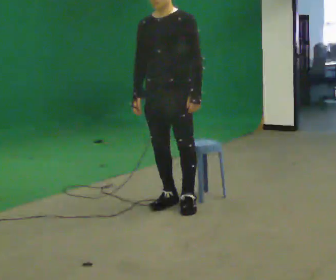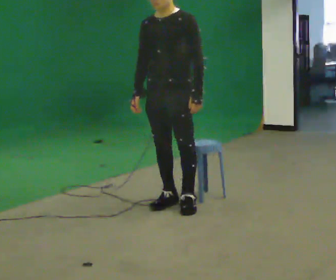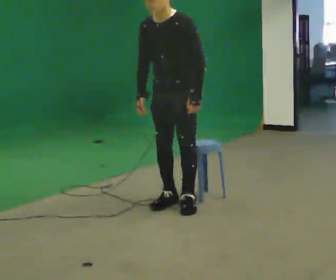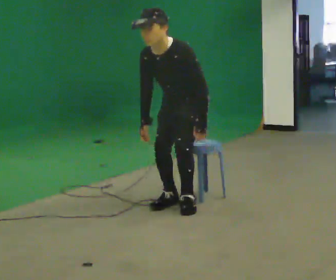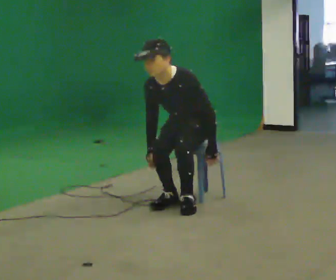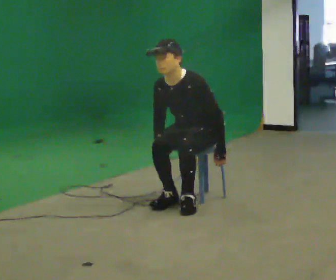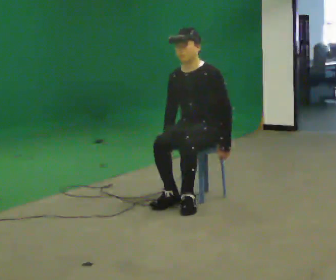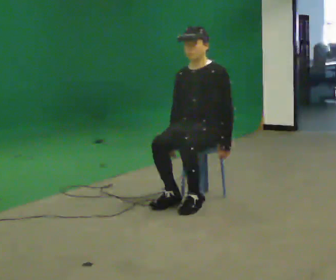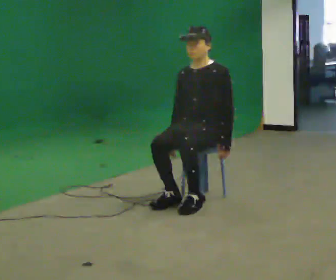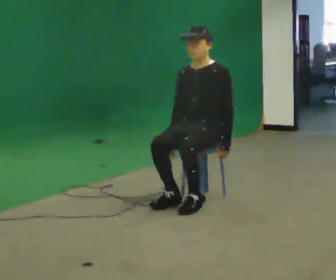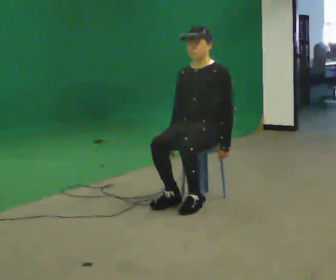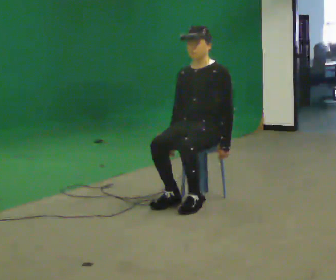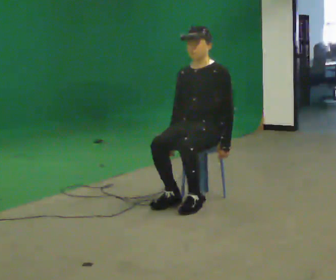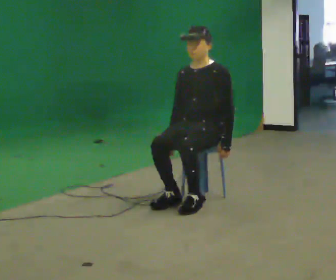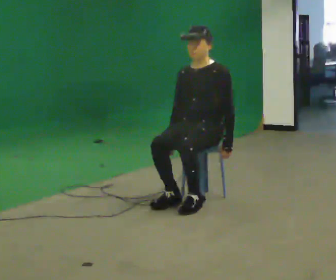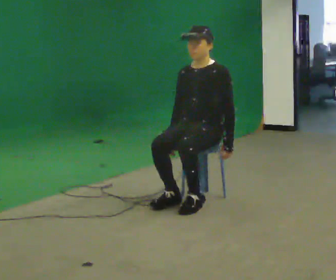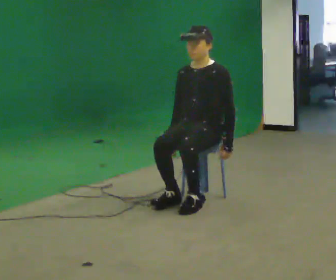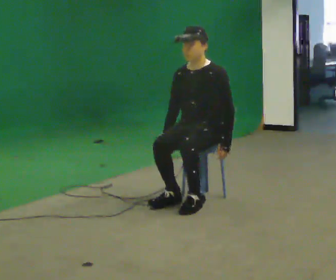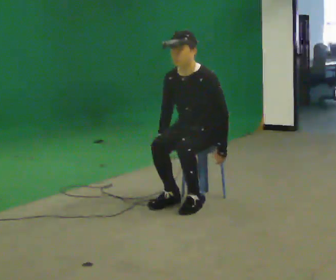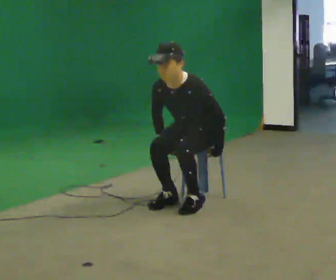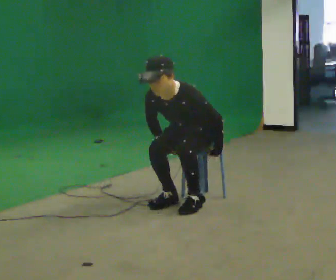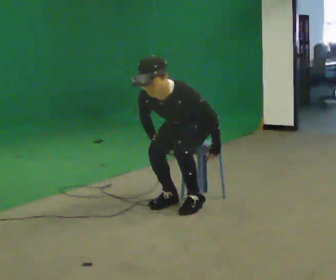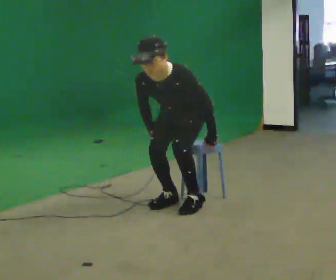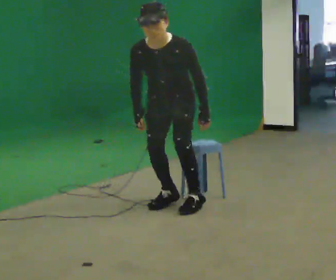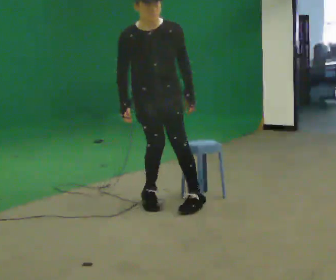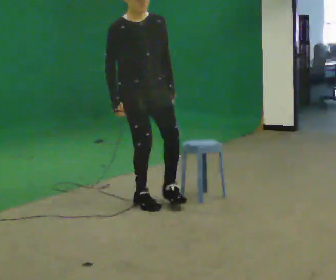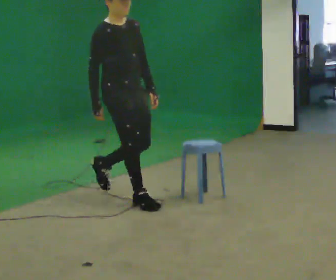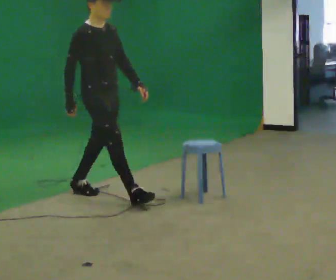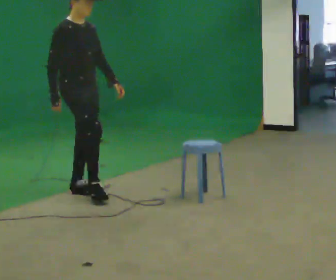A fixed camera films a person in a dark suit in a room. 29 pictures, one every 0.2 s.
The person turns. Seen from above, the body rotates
counterclockwise.
The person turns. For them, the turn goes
to their left.
0.0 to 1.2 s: In the picture they go away from the camera and to the right, about 0.5 m, which for them is backward. The shoulders move downward. In the picture their right hand goes downward.
1.2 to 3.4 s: The person moves a little, or ends about where they began.
3.4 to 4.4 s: The upper body tips toward the camera, its near side rolling downward, as they bend forward.
4.4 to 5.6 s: Seen from above the body turns counterclockwise, about 90 degrees: to their left, with its near side sliding to the right. In the picture they go to the left, about 1 m in 3 steps. The shoulders move upward. The upper body tips away from the camera, its near side rolling upward, as they lean back or straighten. In the picture their right hand goes upward.
The film runs backward here.
